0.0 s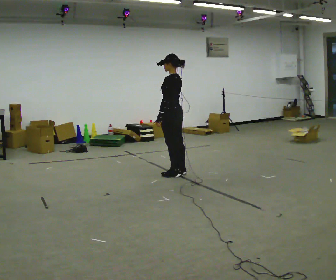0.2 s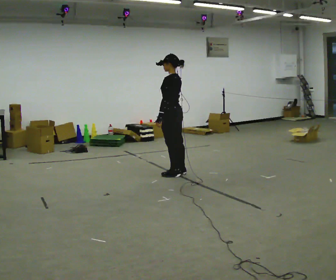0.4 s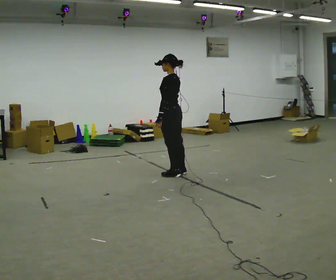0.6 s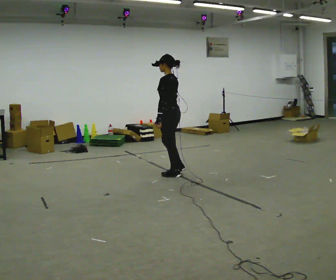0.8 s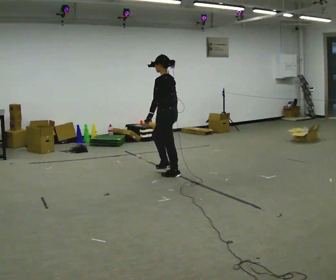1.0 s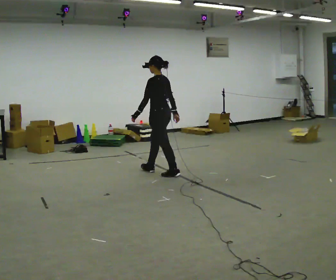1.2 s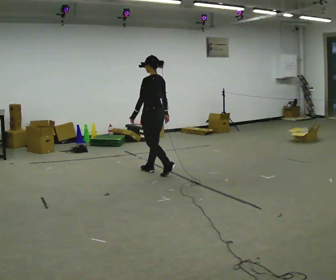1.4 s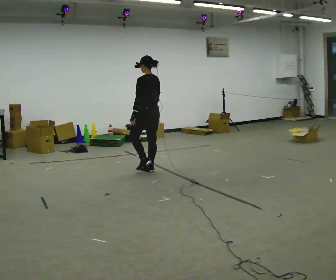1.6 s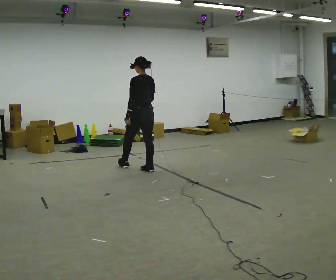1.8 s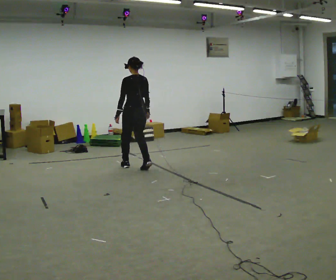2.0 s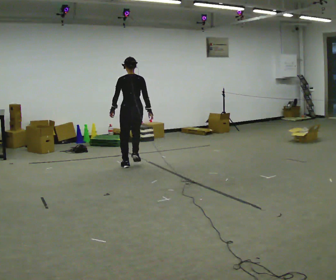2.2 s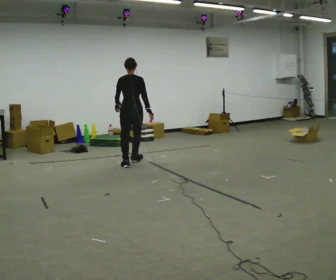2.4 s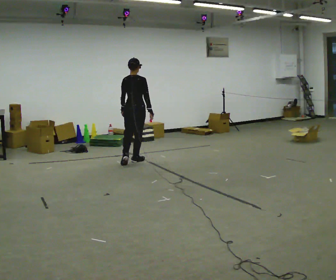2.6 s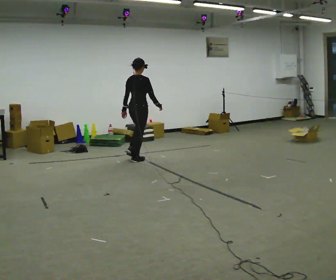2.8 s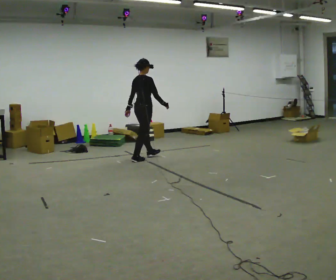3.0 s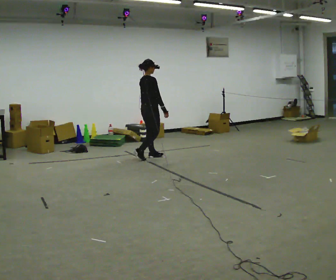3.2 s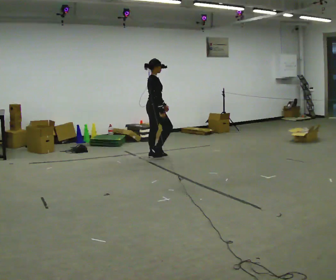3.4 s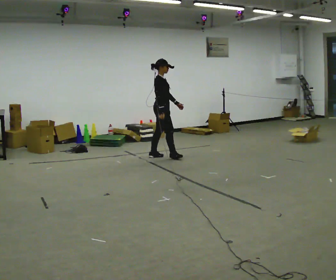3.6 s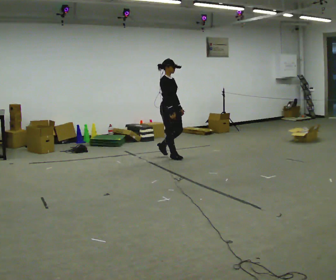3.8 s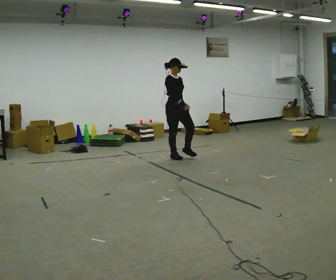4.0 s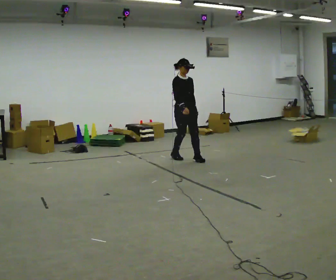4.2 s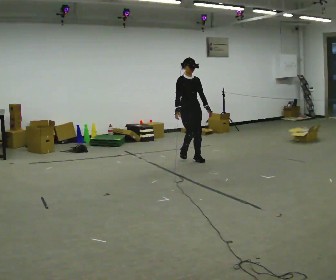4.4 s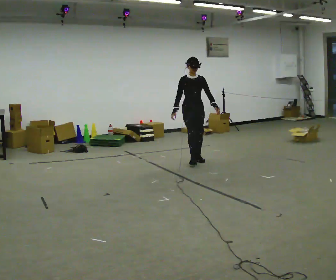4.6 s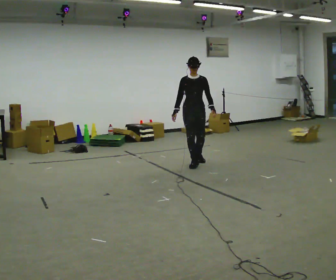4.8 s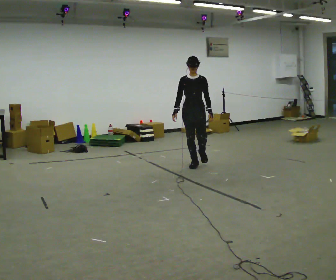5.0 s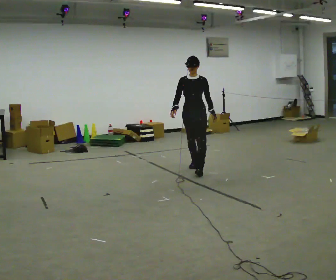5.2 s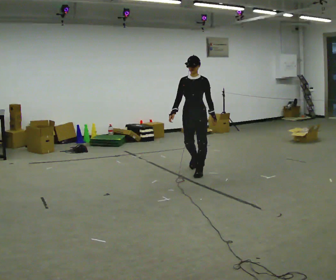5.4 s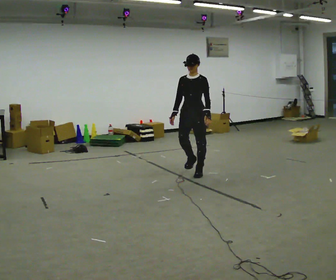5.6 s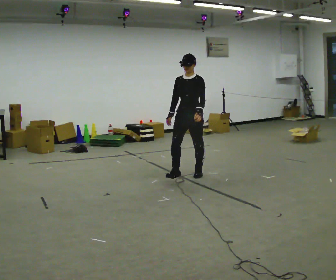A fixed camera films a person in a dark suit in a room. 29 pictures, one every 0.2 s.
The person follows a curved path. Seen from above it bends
clockwise.
The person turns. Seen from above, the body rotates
clockwise.
0.0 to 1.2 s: In the picture they go to the left, about 0.25 m in 1 step, which for them is forward.
1.2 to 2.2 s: The person turns about 60 degrees to their right, clockwise seen from above, so the part of the body nearest the lens slides to the left. In the picture they go away from the camera and to the left, about 0.5 m in 1 step, which for them is forward.
2.2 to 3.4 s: Seen from above the body turns clockwise, about 90 degrees: to their right, with its near side sliding to the left. In the picture they go away from the camera and to the right, about 0.75 m in 2 steps.
3.4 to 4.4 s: The person turns about 75 degrees to their right, clockwise seen from above, so the part of the body nearest the lens slides to the left. In the picture they go to the right and toward the camera, about 0.5 m in 2 steps.
4.4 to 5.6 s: The person turns about 30 degrees to their right, clockwise seen from above, so the part of the body nearest the lens slides to the left. In the picture they go toward the camera, about 1 m in 2 steps, which for them is forward.
The film runs forward here.
